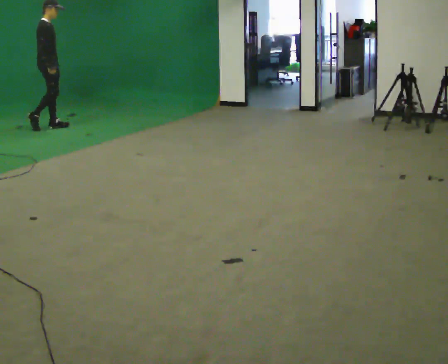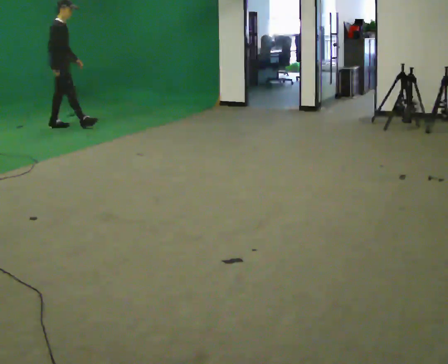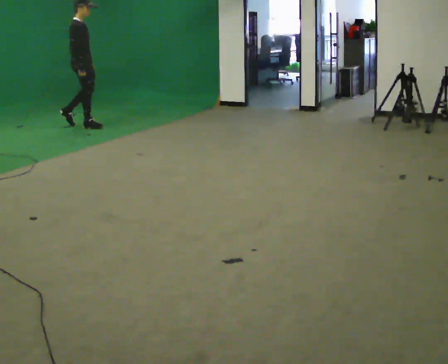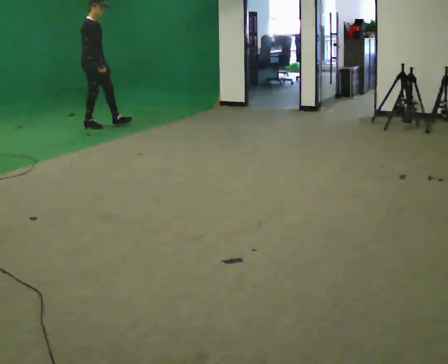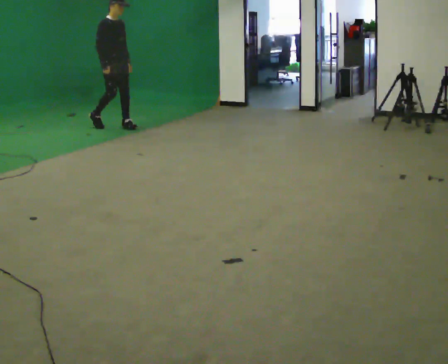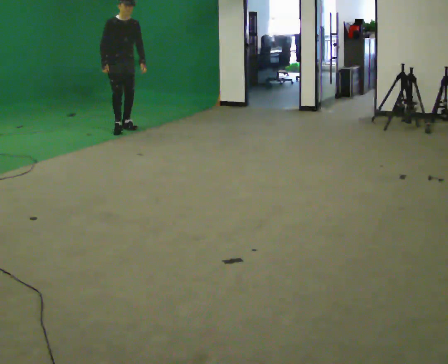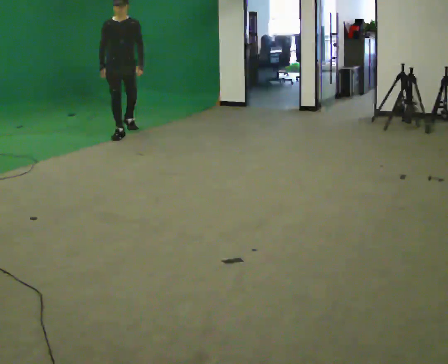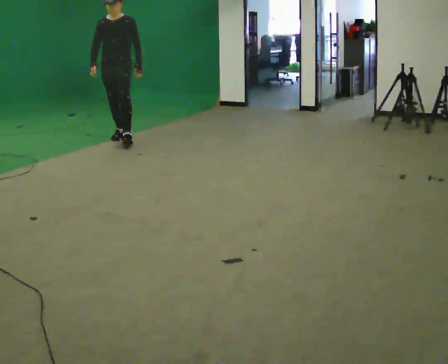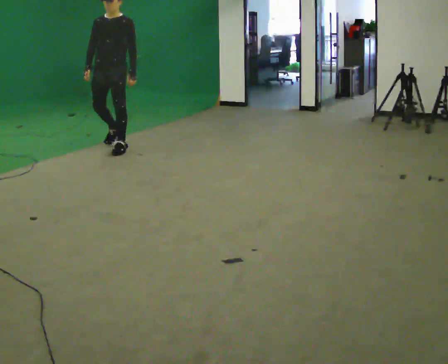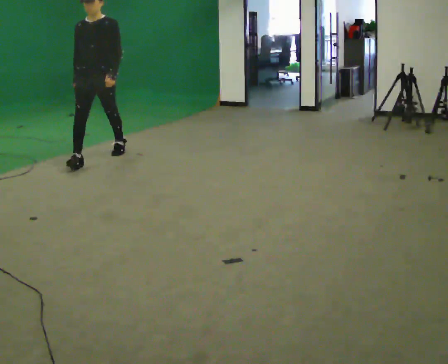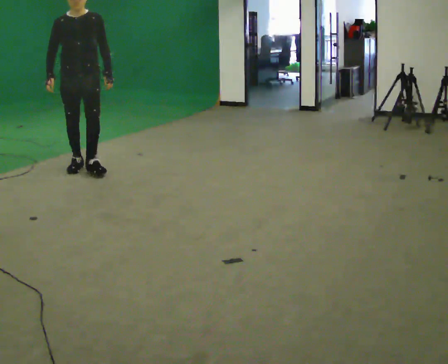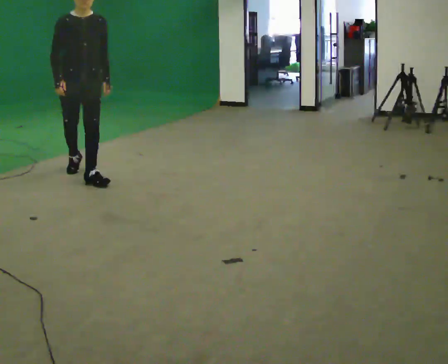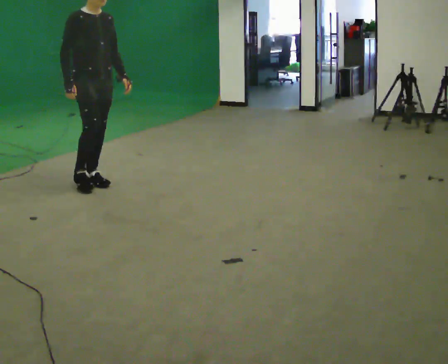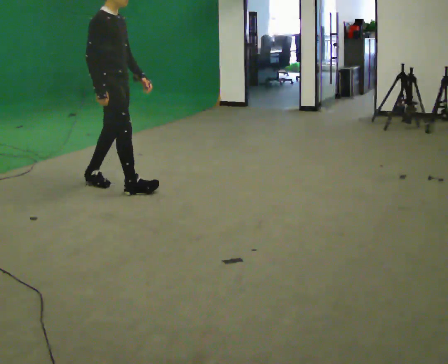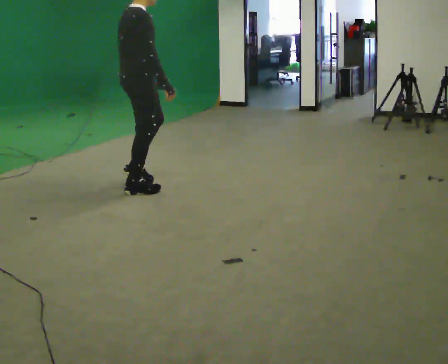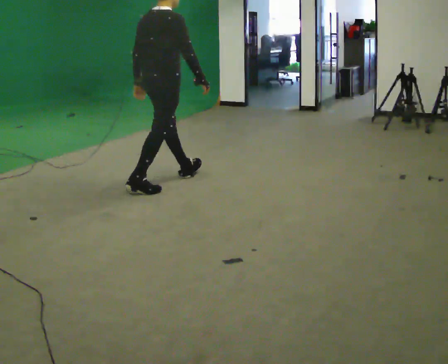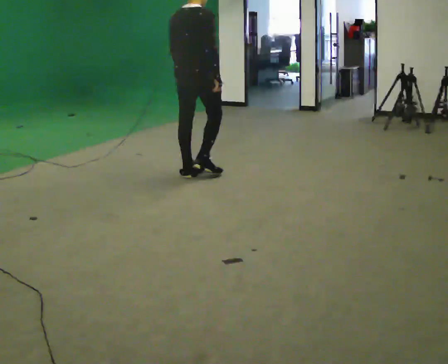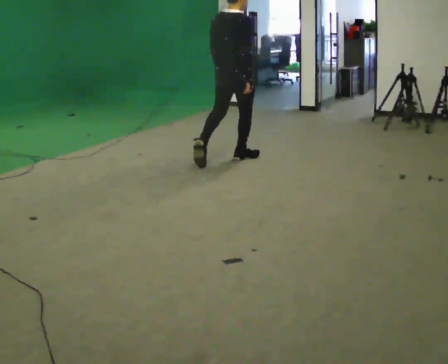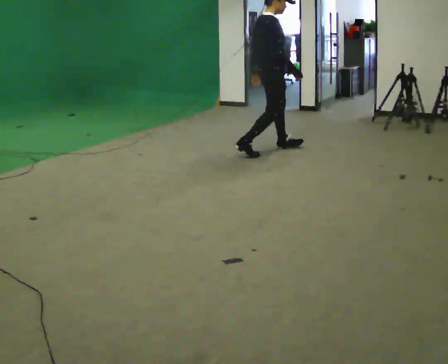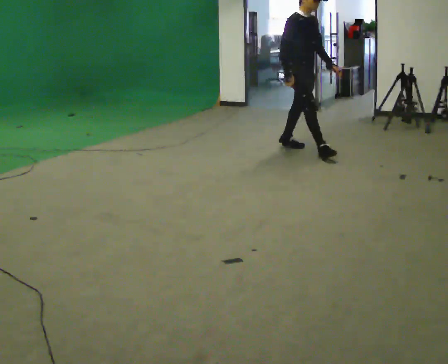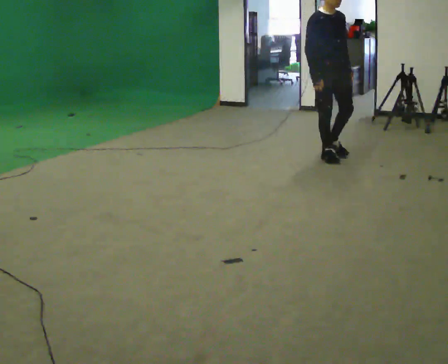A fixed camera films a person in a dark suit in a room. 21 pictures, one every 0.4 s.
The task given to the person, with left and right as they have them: Walk continuously ~15 s; naturally alternate slow/normal/fast several times; no stop.
0.0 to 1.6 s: The part of the body nearest the lens slides to the left as the person turns to their right by about 45 degrees. In the picture they go to the right, about 1 m in 2 steps, which for them is forward.
1.6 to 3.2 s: The part of the body nearest the lens slides to the left as the person turns to their right by about 60 degrees. In the picture they go toward the camera, about 1 m in 2 steps.
3.2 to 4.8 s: The part of the body nearest the lens slides to the right as the person turns to their left by about 60 degrees. In the picture they go toward the camera, about 1 m in 2 steps.
4.8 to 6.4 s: The part of the body nearest the lens slides to the right as the person turns to their left by about 105 degrees. In the picture they go to the right, about 1 m in 2 steps.
6.4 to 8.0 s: Seen from above the body turns clockwise, about 120 degrees: to their right, with its near side sliding to the left. In the picture they go to the right, about 1.5 m in 3 steps.
The film runs forward here.
